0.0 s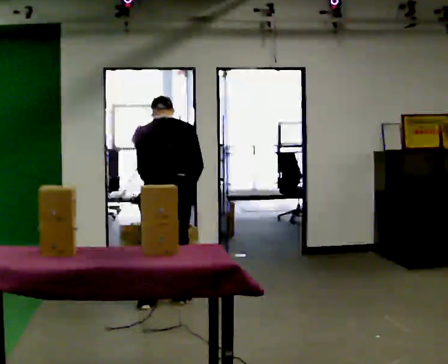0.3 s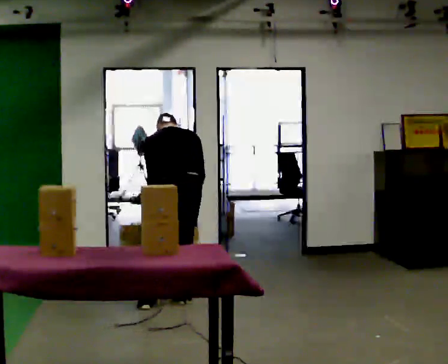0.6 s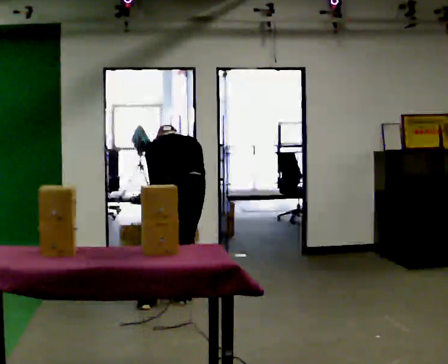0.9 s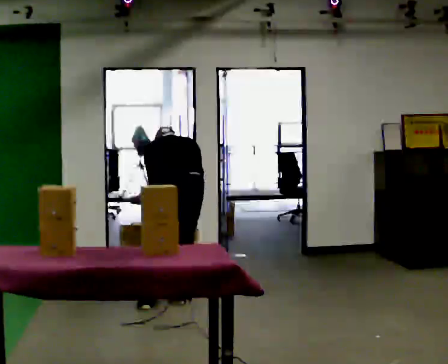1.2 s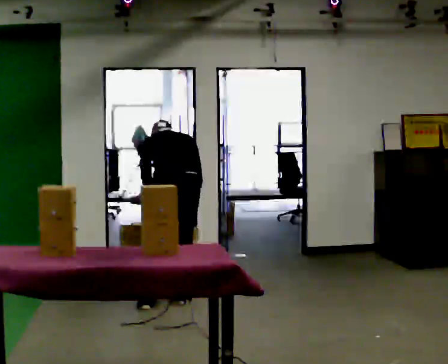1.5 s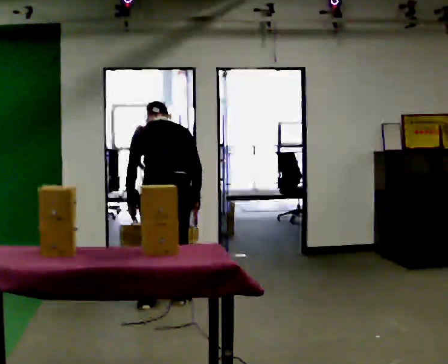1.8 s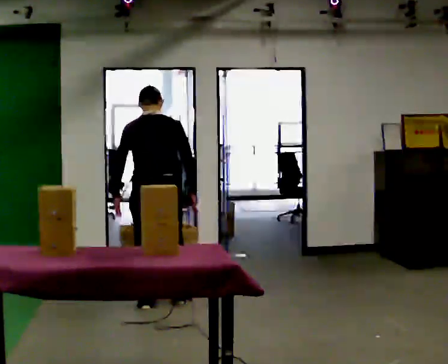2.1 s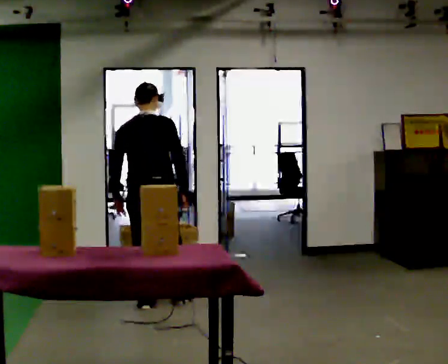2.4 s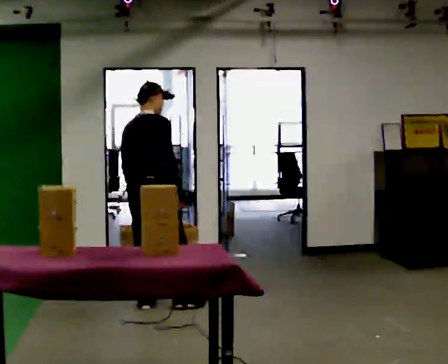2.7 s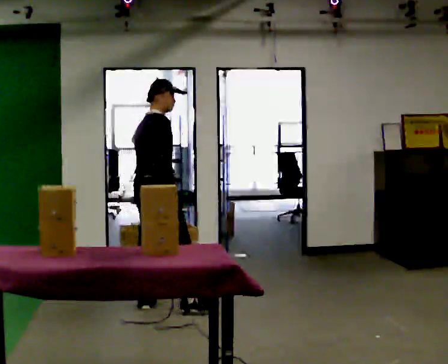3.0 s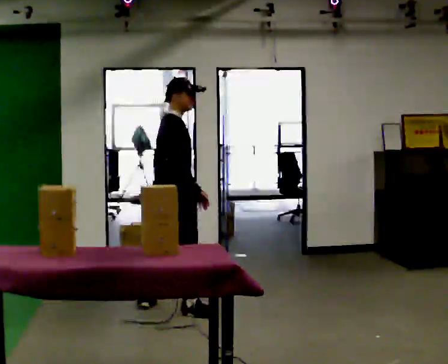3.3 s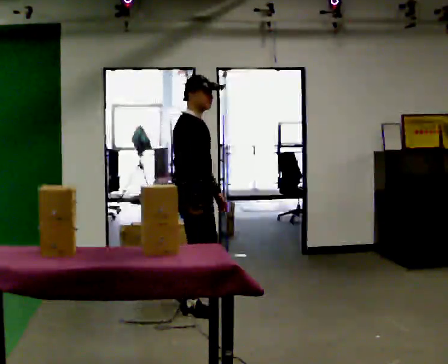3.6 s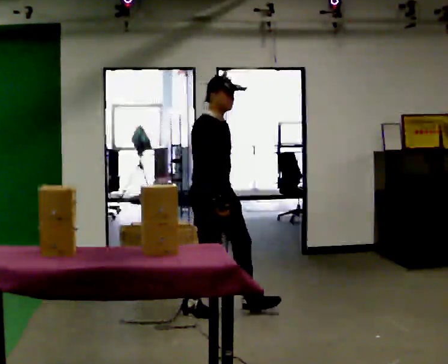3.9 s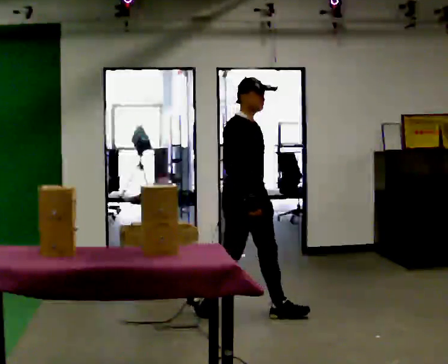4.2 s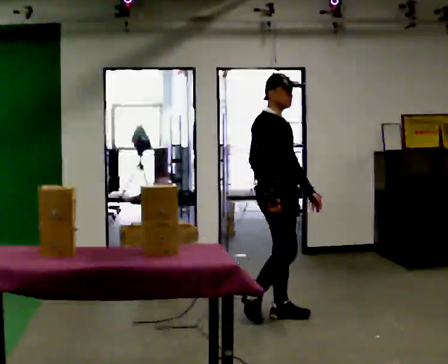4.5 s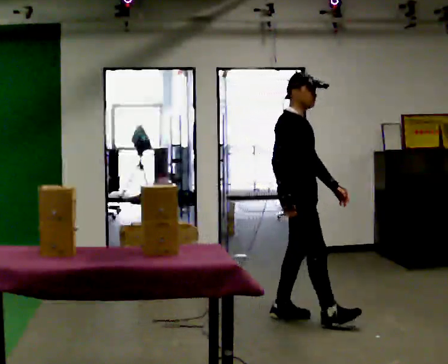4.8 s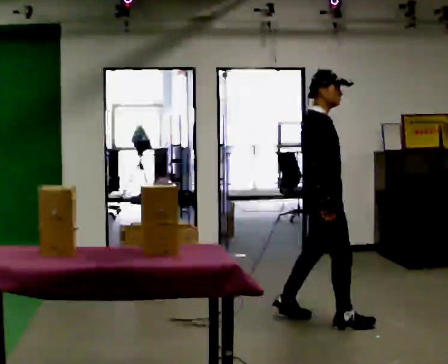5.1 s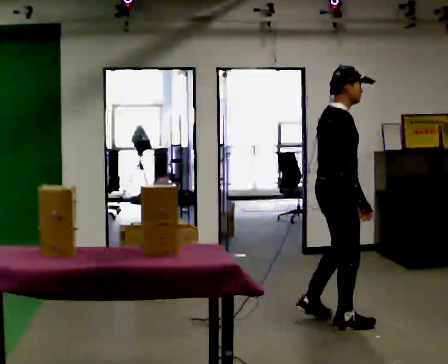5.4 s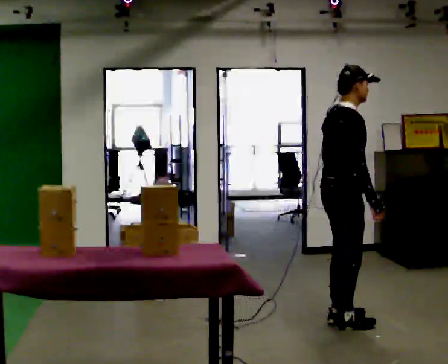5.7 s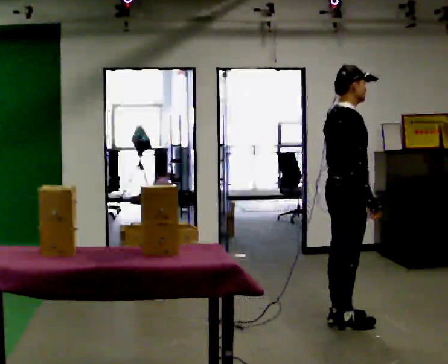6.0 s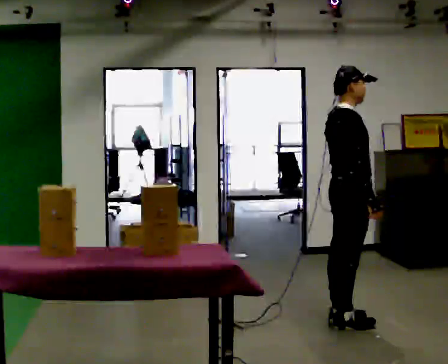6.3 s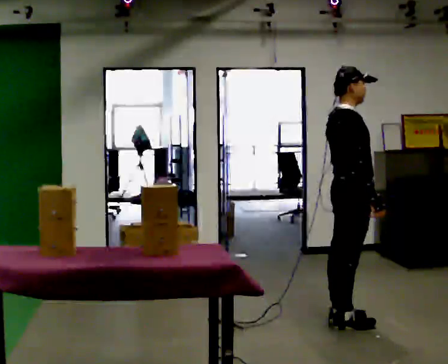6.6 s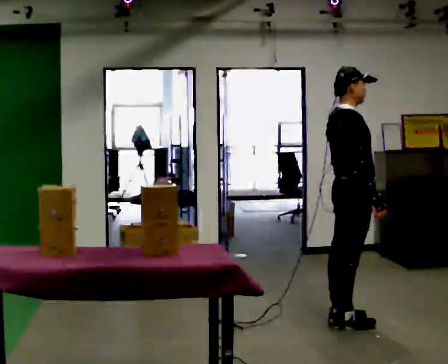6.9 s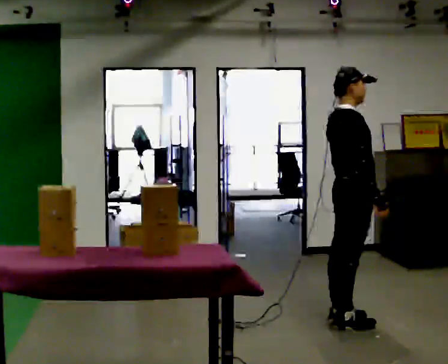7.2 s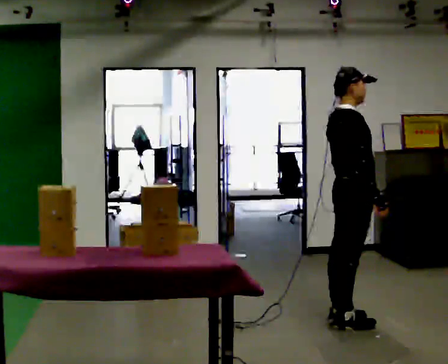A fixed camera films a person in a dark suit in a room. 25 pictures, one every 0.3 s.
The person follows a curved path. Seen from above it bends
counterclockwise.
0.0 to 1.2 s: The person moves a little, or ends about where they began.
1.2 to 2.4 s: Seen from above the body turns clockwise, about 45 degrees: to their right, with its near side sliding to the left. In the picture they go to the left, about 0.25 m, which for them is to their left. The upper body tips toward the camera, its near side rolling downward, as they lean back or straighten.
2.4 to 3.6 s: The person turns about 75 degrees to their right, clockwise seen from above, so the part of the body nearest the lens slides to the left. In the picture they go to the right and toward the camera, about 0.5 m in 1 step.
3.6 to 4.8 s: In the picture they go to the right and toward the camera, about 1 m in 2 steps, which for them is forward.
4.8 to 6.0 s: In the picture they go to the right, about 0.25 m in 1 step, which for them is forward.
6.0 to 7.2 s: The person moves a little, or ends about where they began.
The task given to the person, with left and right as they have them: Clear everything off the table and put it away on the shelf, in as many trips as you need. Keep going until the operator says stop; one object at a time, and do not rush between trips.
The film runs forward here.
